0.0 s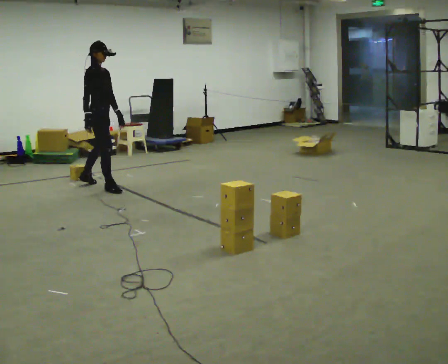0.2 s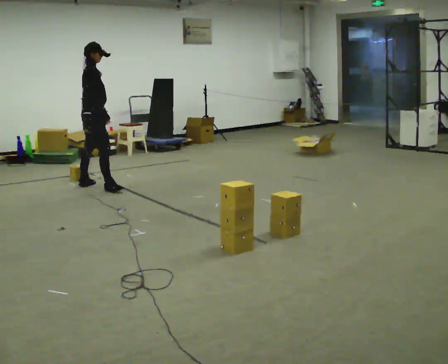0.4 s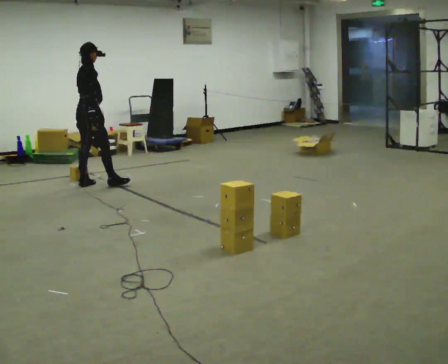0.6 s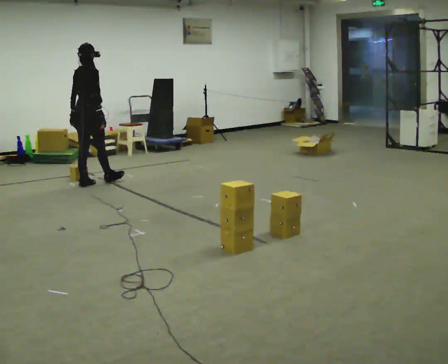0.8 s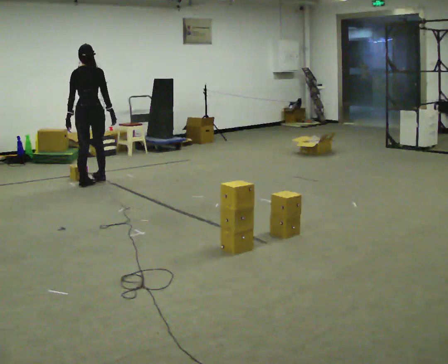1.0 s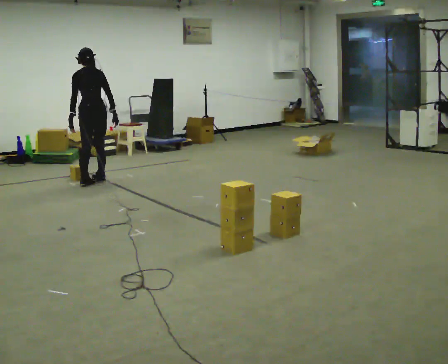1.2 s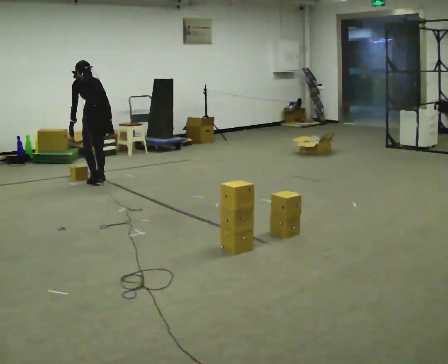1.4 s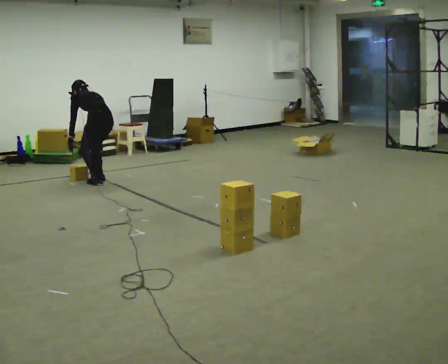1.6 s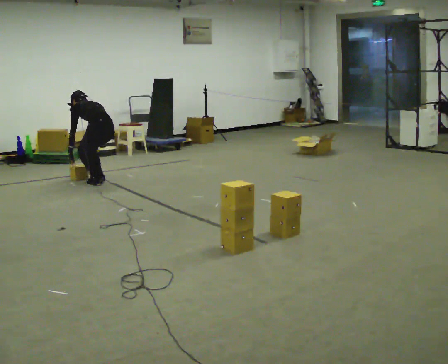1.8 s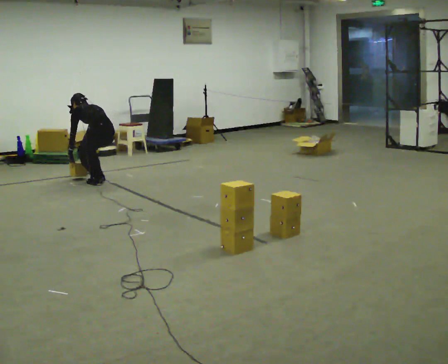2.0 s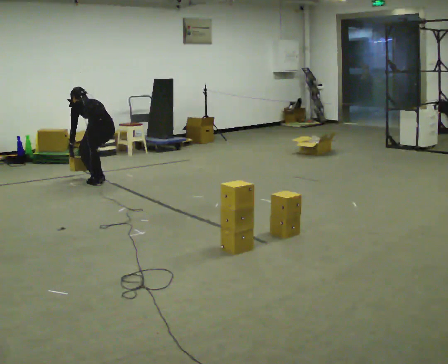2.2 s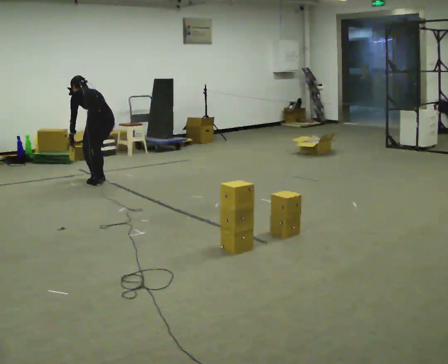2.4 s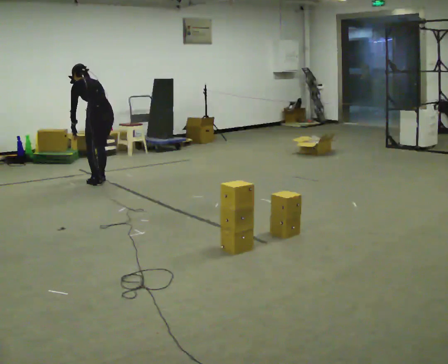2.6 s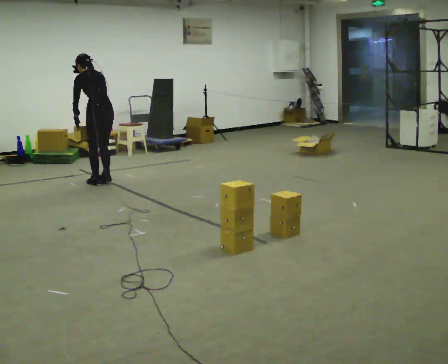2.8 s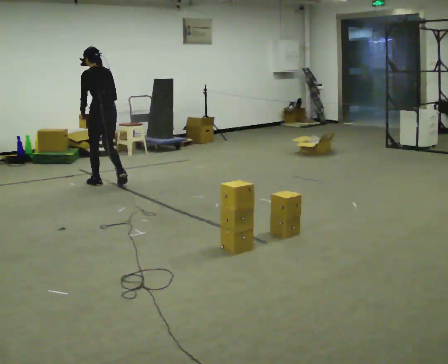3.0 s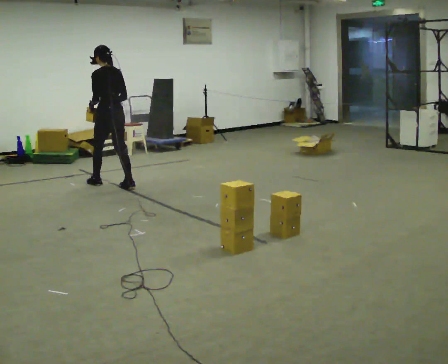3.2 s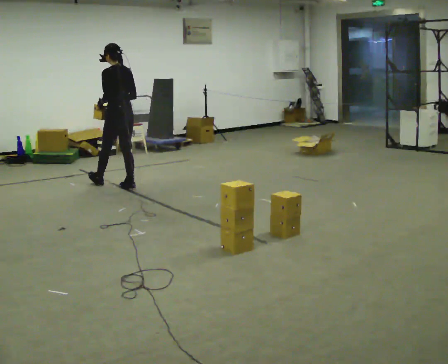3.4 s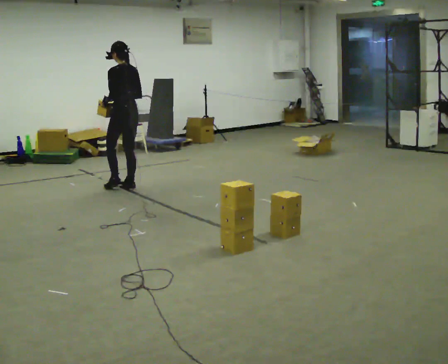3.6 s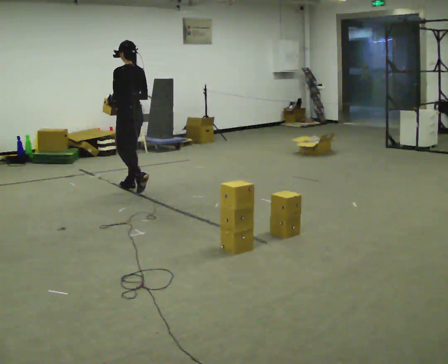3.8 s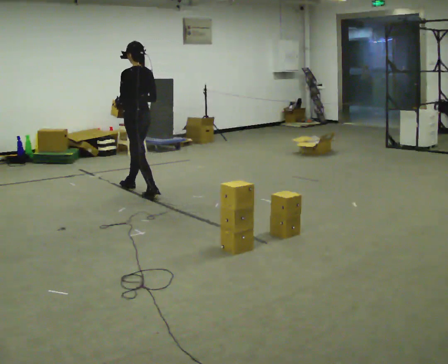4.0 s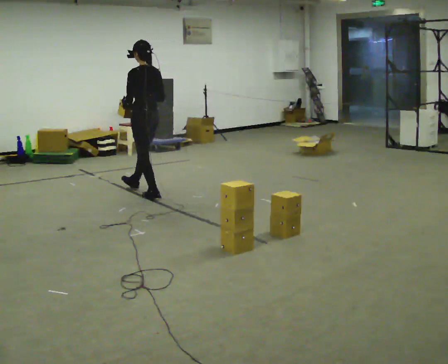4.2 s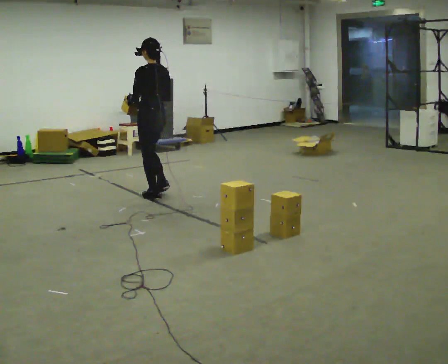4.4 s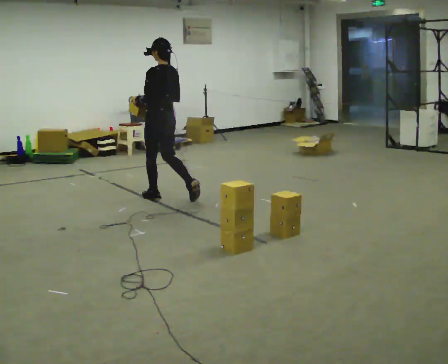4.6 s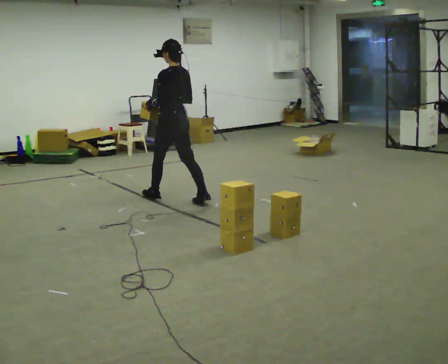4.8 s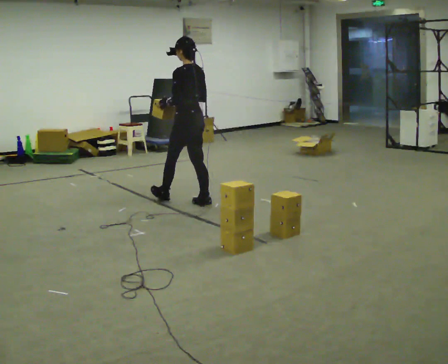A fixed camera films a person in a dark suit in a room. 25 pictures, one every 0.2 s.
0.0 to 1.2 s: The part of the body nearest the lens slides to the right as the person turns to their left by about 135 degrees. In the picture they go away from the camera, about 0.25 m in 2 steps. The upper body tips away from the camera, its near side rolling upward, as they bend forward. In the picture their left hand goes to the left, the arm swinging clockwise.
1.2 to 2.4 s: The person moves a little, or ends about where they began.
2.4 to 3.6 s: In the picture they go to the right and toward the camera, about 0.5 m in 2 steps, which for them is backward and to their right. The upper body goes upward. The upper body tips toward the camera, its near side rolling downward, as they lean back or straighten. In the picture their right hand goes upward.
3.6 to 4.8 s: In the picture they go toward the camera and to the right, about 1 m in 2 steps, which for them is backward.
The film runs backward here.
